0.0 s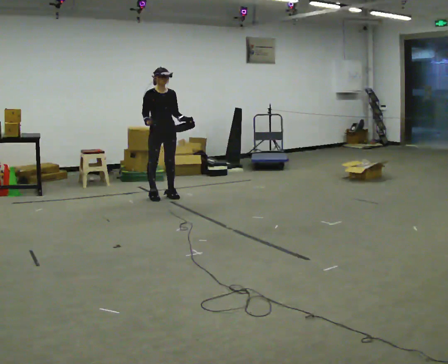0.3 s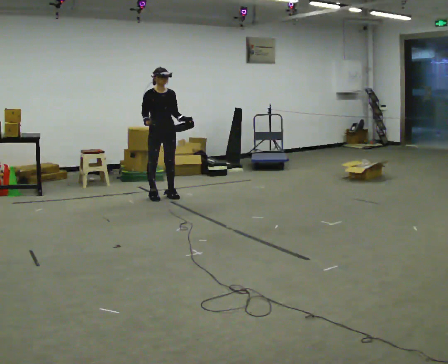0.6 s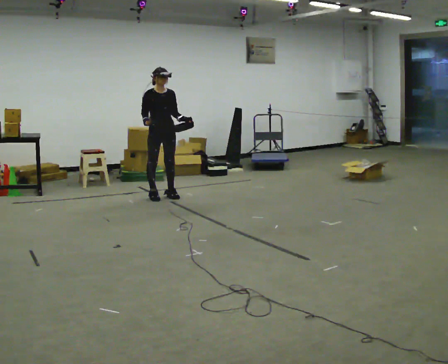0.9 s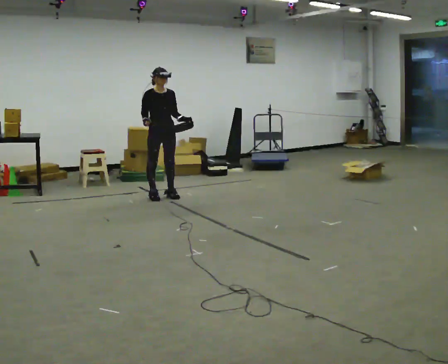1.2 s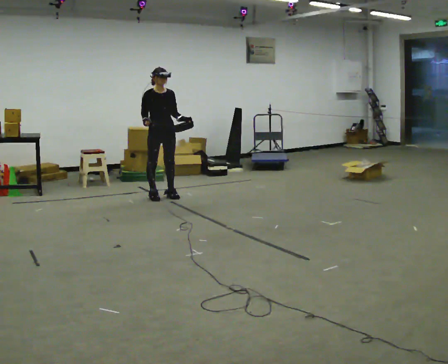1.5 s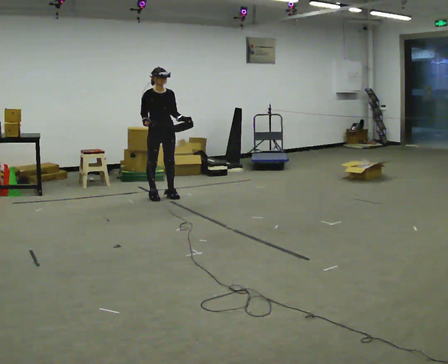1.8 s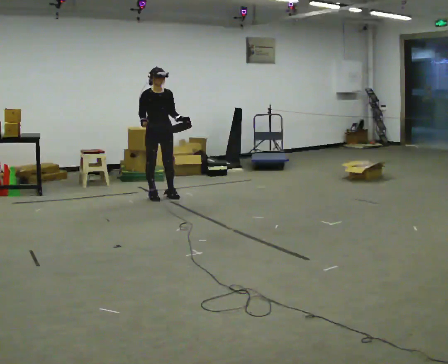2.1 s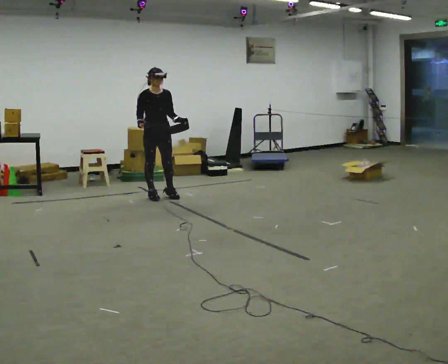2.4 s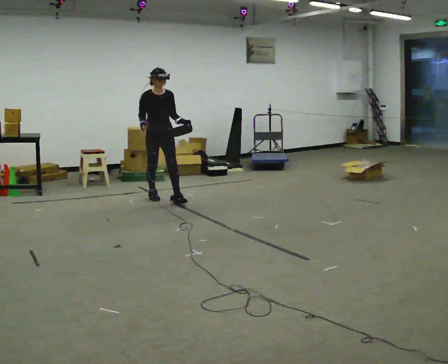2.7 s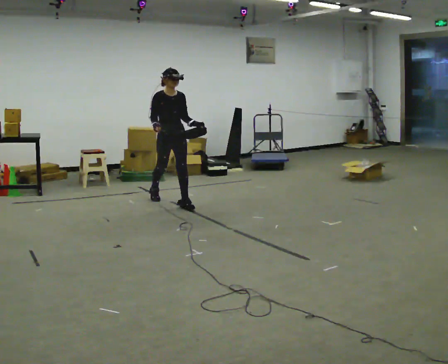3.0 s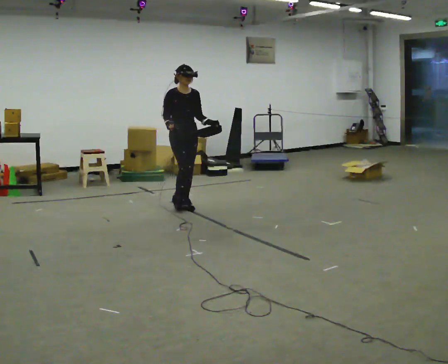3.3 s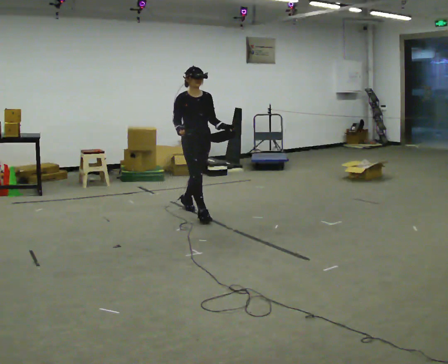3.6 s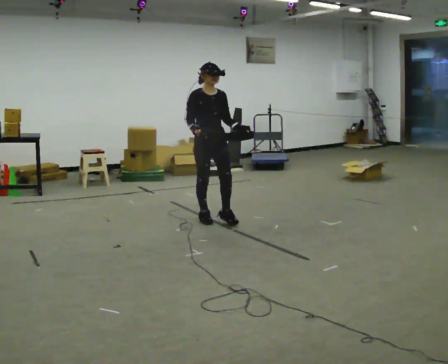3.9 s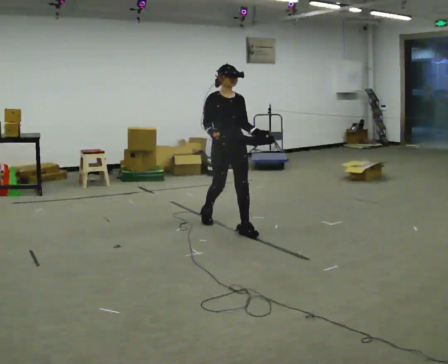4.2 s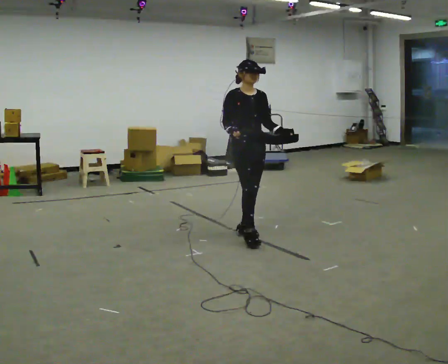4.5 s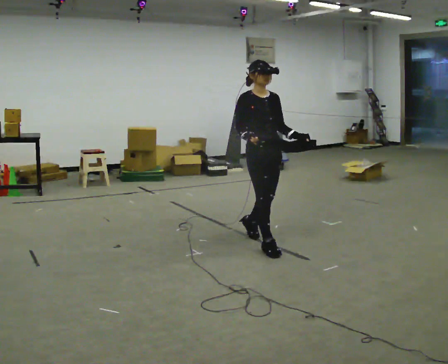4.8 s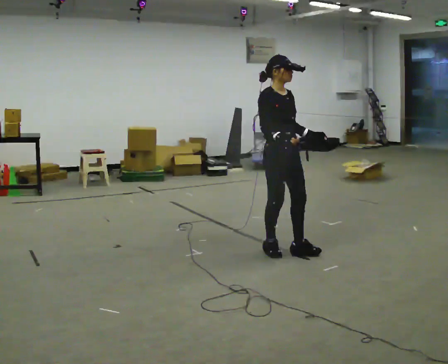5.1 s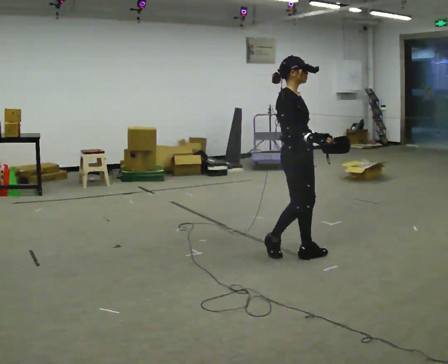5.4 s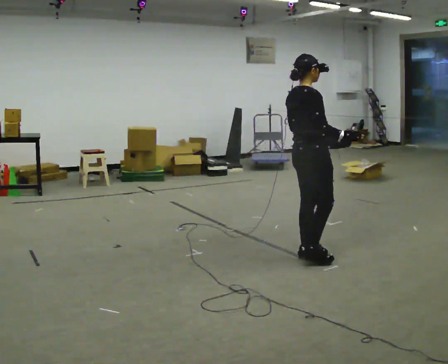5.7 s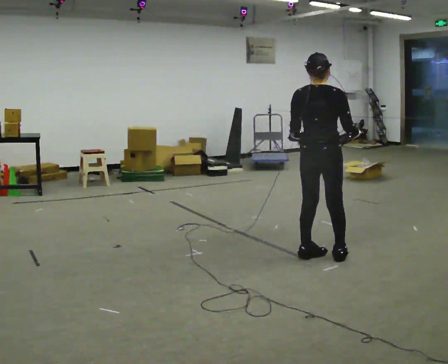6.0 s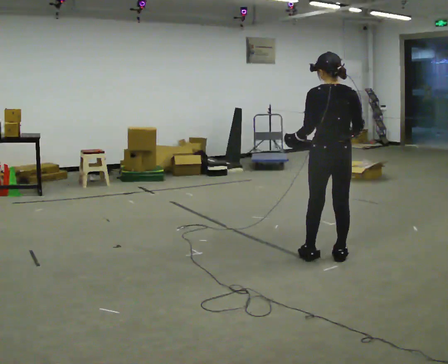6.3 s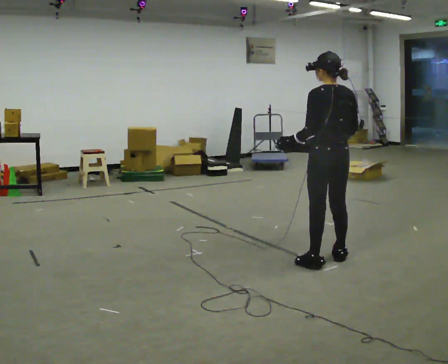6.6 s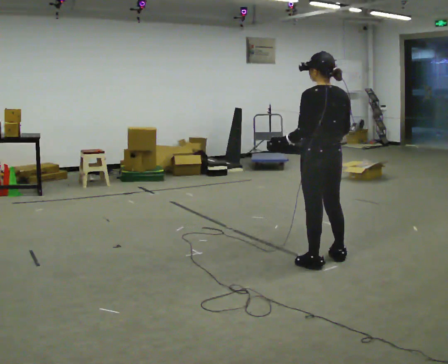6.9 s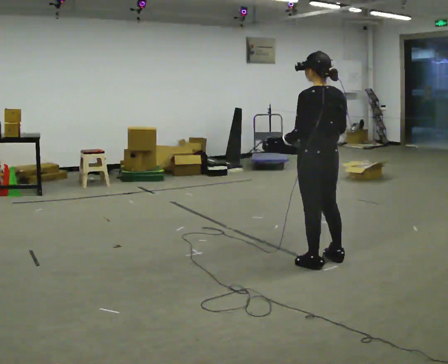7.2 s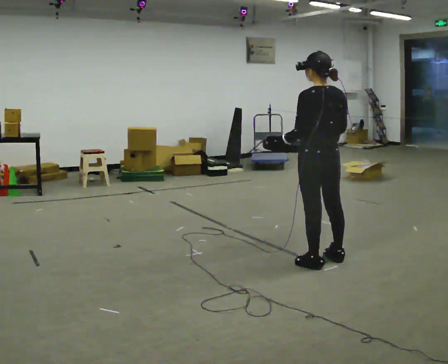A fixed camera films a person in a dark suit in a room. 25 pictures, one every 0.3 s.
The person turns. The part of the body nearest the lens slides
to the right.
The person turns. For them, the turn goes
to their left.
0.0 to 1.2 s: The person keeps their place and pose.
1.2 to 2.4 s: In the picture they go toward the camera, about 0.25 m, which for them is forward.
2.4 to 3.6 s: In the picture they go toward the camera and to the right, about 1 m in 2 steps, which for them is forward.
3.6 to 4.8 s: In the picture they go toward the camera and to the right, about 1 m in 2 steps, which for them is forward.
4.8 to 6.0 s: The person turns about 135 degrees to their left, counterclockwise seen from above, so the part of the body nearest the lens slides to the right. In the picture they go to the right and toward the camera, about 0.5 m in 2 steps.
6.0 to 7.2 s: The person moves a little, or ends about where they began.
The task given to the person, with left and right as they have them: Carry the box with its lid hanging open across the room, back and forth.
The film runs forward here.
